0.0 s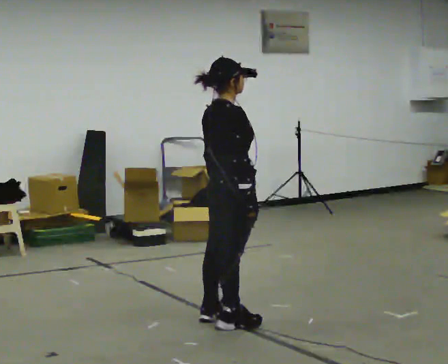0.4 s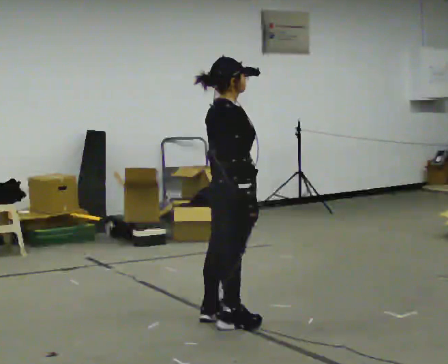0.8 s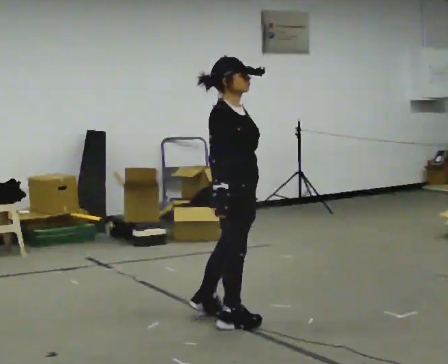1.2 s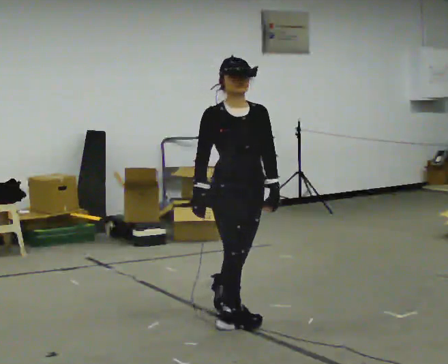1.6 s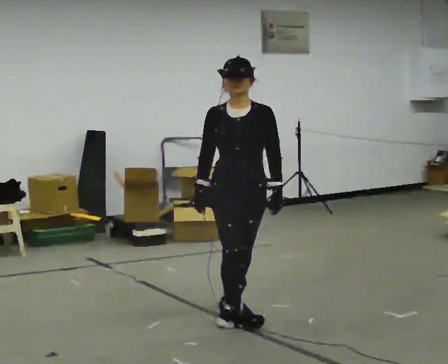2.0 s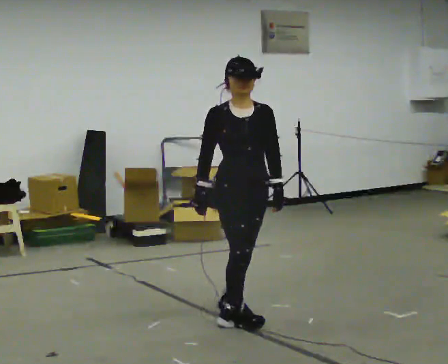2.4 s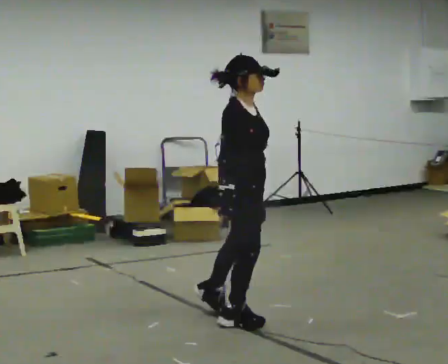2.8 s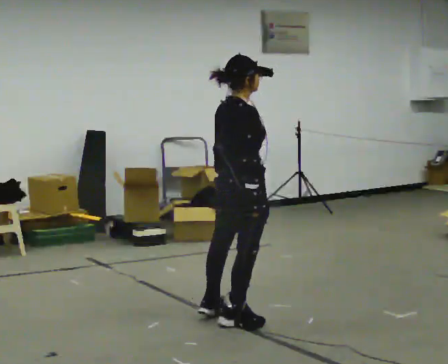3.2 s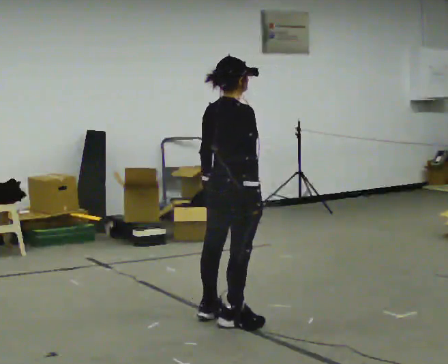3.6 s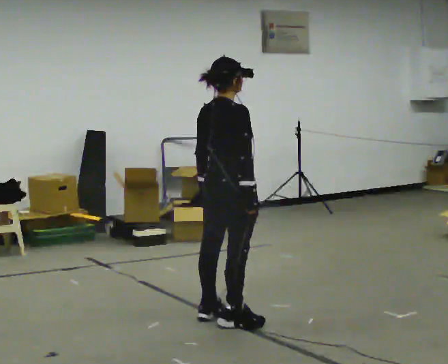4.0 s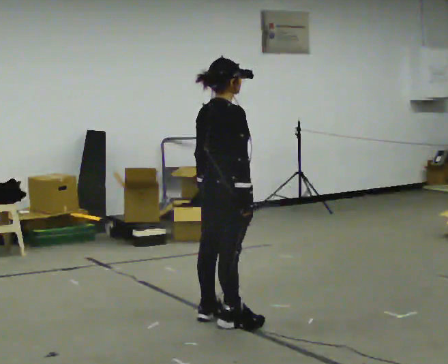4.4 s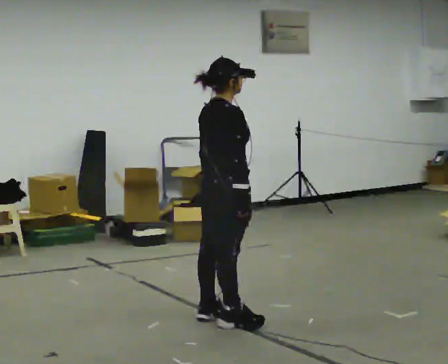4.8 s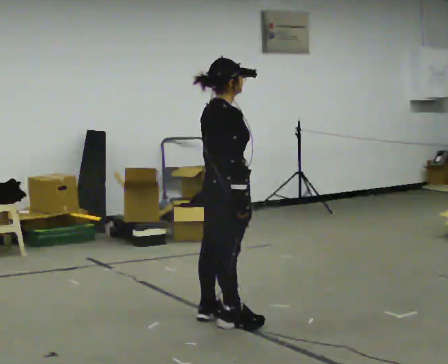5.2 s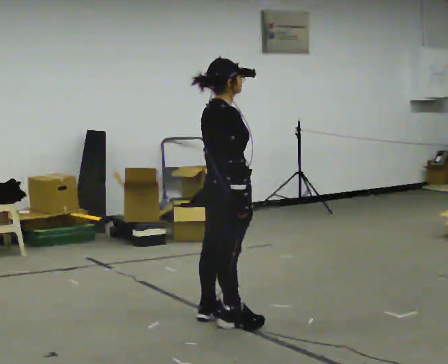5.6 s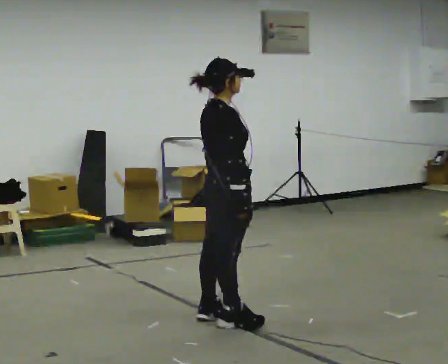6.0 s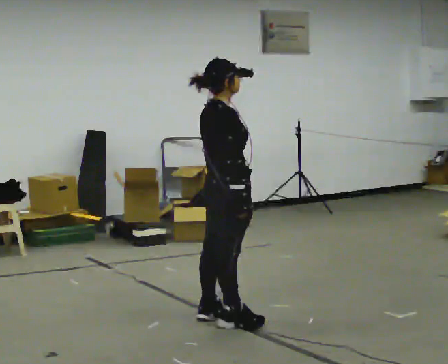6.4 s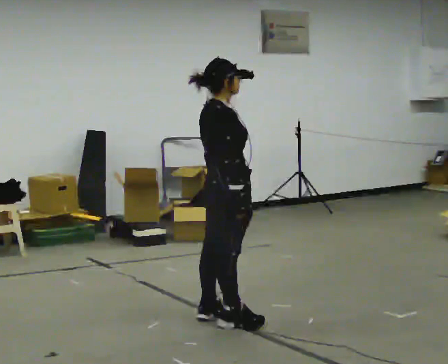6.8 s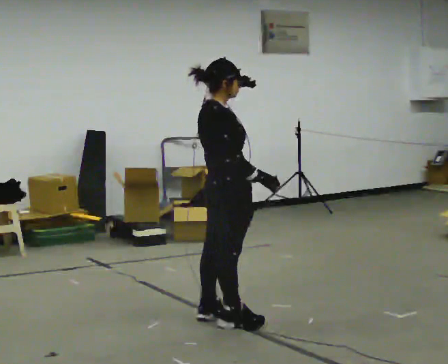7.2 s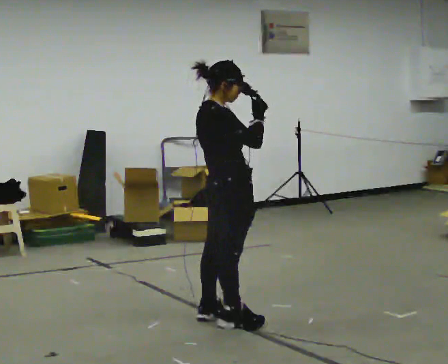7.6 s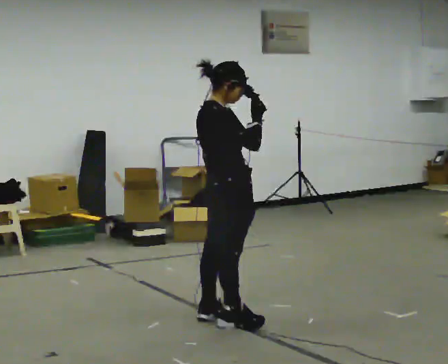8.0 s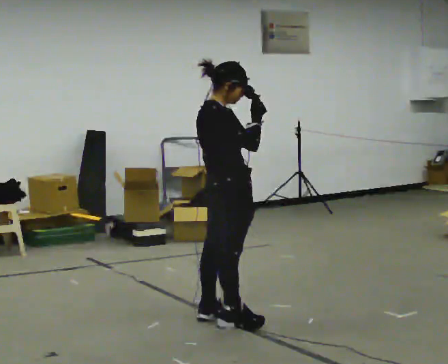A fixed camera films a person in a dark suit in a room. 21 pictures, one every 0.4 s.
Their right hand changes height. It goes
upward.
0.0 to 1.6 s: The person turns about 120 degrees to their right, clockwise seen from above, so the part of the body nearest the lens slides to the left.
1.6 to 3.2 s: The part of the body nearest the lens slides to the right as the person turns to their left by about 135 degrees. In the picture their right hand goes to the right, the arm swinging counterclockwise.
3.2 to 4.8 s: The person moves a little, or ends about where they began.
4.8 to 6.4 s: The person keeps their place and pose.
6.4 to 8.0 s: In the picture their right hand goes upward.
The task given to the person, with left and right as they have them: Keeping your feet still, turn your upper body to look behind you on one side, return to the front, then turn to the other side. Repeat the movement at your own pace until the operator says stop; do not rush.
The film runs forward here.
